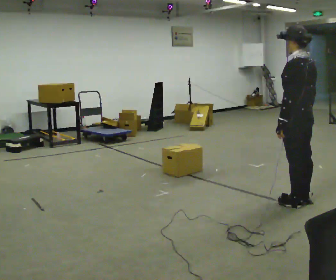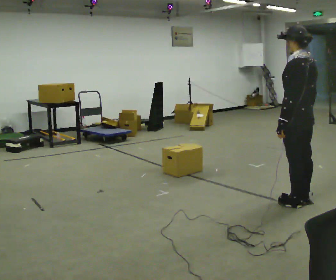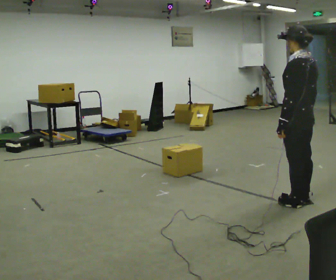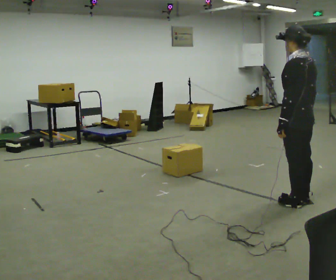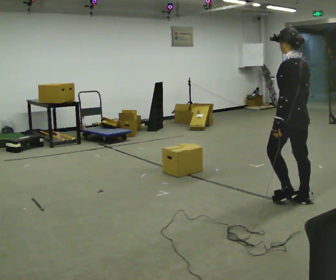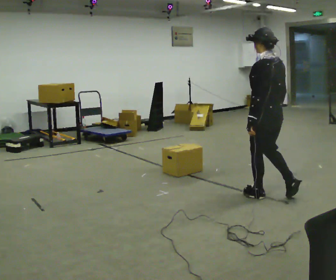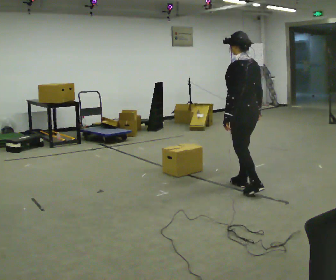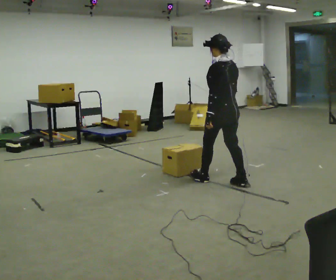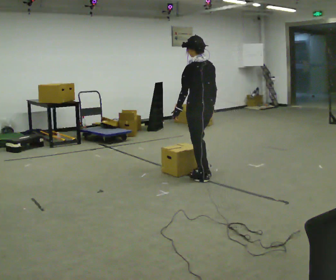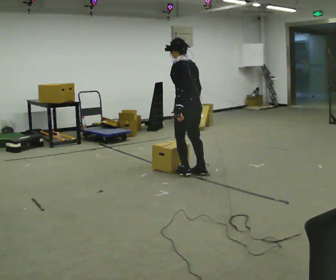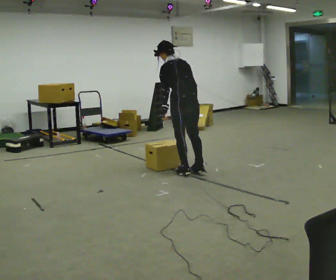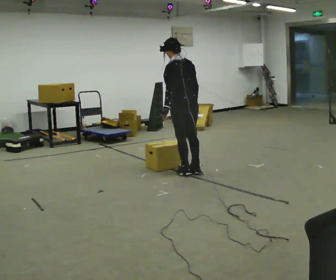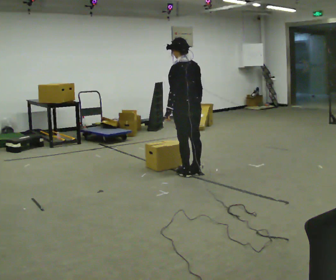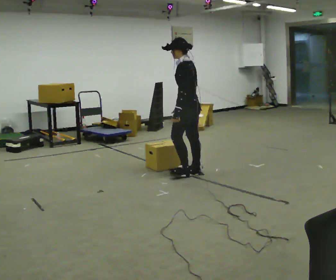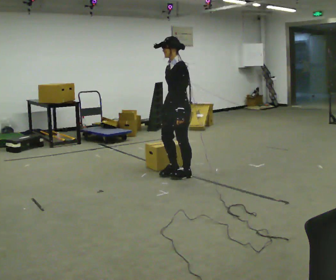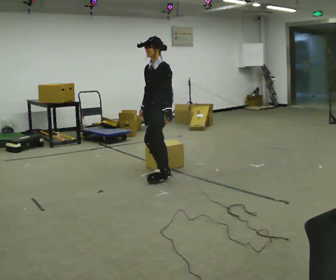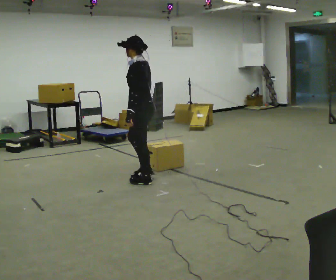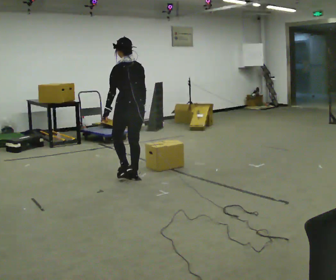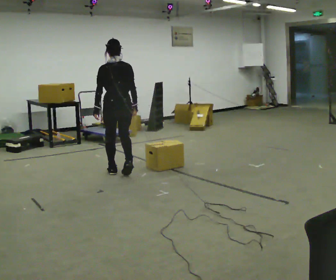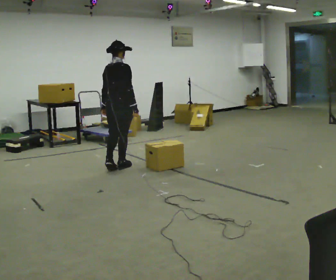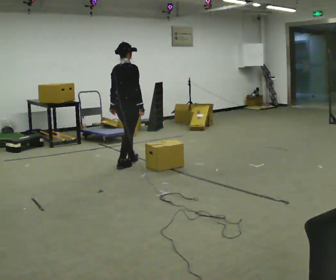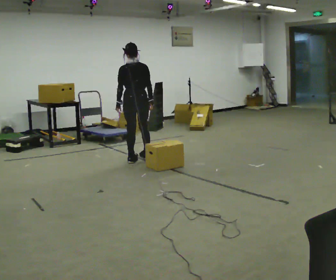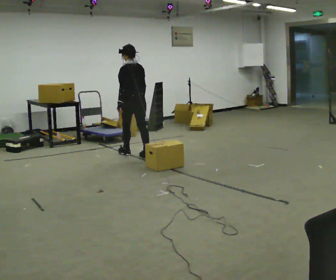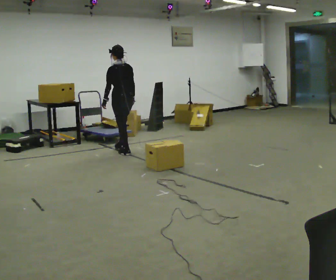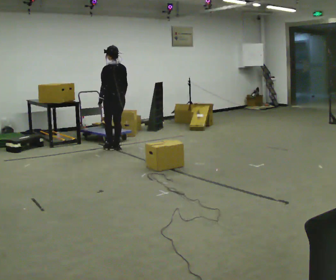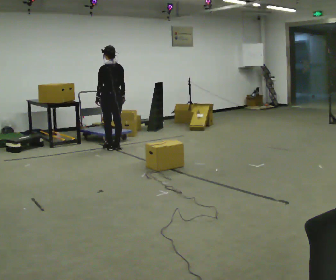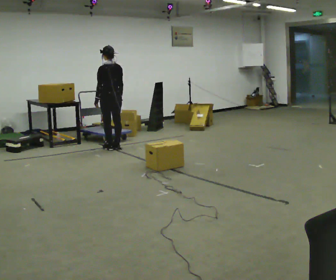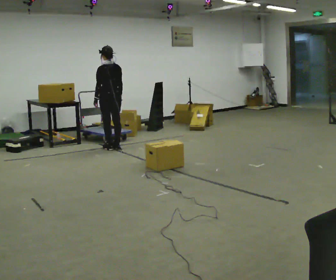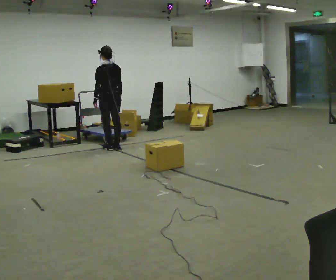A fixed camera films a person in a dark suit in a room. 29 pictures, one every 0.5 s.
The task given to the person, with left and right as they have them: Walk back and forth across the room at a normal pace, looking ahead. There may be something on the floor. Recover however comes naturally and carry on.
0.0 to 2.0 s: The person moves a little, or ends about where they began.
2.0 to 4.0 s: In the picture they go away from the camera and to the left, about 1 m in 3 steps, which for them is forward.
4.0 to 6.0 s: In the picture they go away from the camera, about 0.25 m in 2 steps, which for them is forward.
6.0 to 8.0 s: The person turns about 45 degrees to their left, counterclockwise seen from above, so the part of the body nearest the lens slides to the right. In the picture they go to the left and toward the camera, about 0.5 m in 2 steps.
8.0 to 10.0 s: Seen from above the body turns clockwise, about 105 degrees: to their right, with its near side sliding to the left. In the picture they go away from the camera and to the left, about 1 m in 4 steps.
10.0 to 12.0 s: The person turns about 75 degrees to their left, counterclockwise seen from above, so the part of the body nearest the lens slides to the right. In the picture they go away from the camera, about 1 m in 3 steps.
12.0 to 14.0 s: The person moves a little, or ends about where they began.
The film runs forward here.
